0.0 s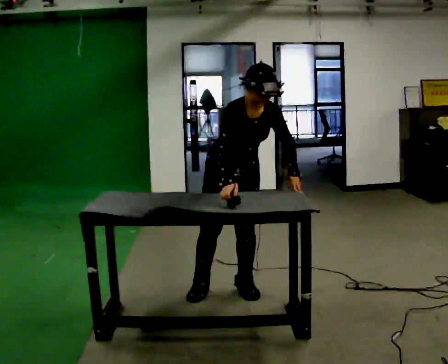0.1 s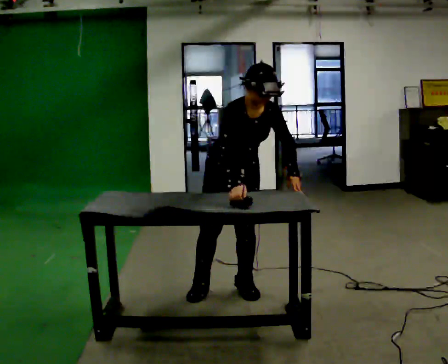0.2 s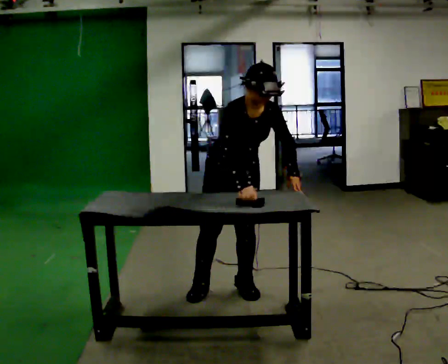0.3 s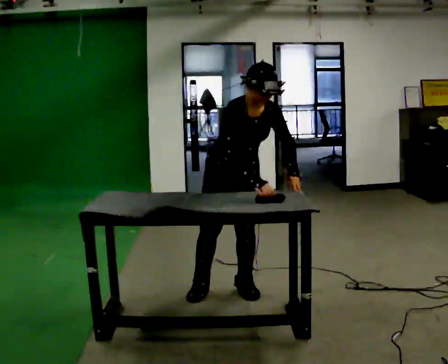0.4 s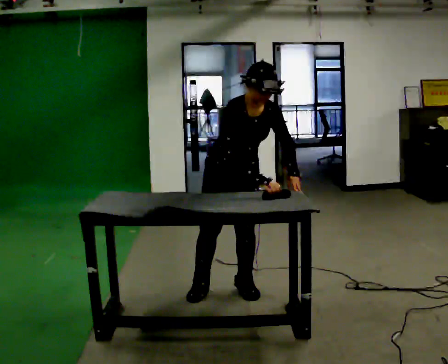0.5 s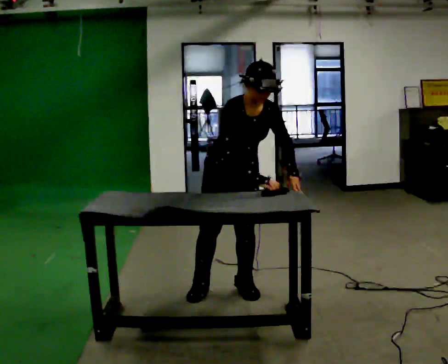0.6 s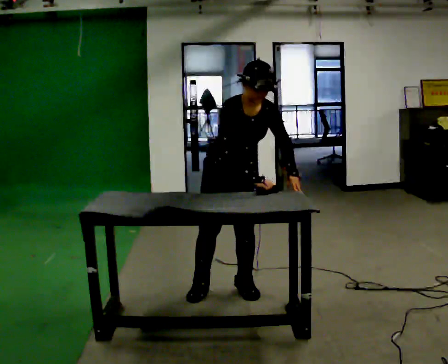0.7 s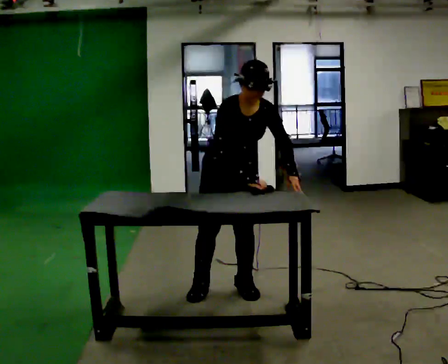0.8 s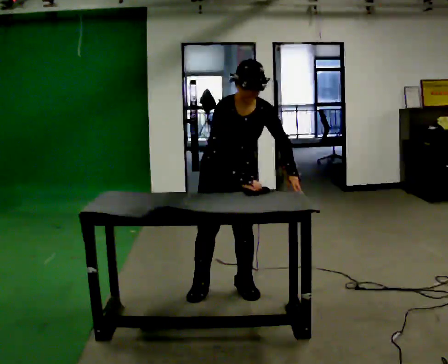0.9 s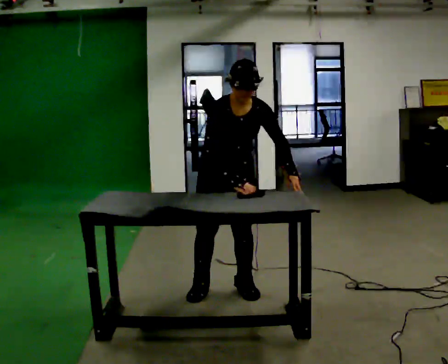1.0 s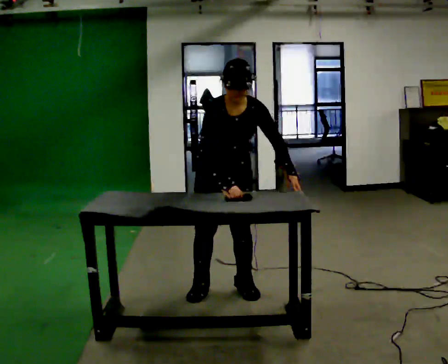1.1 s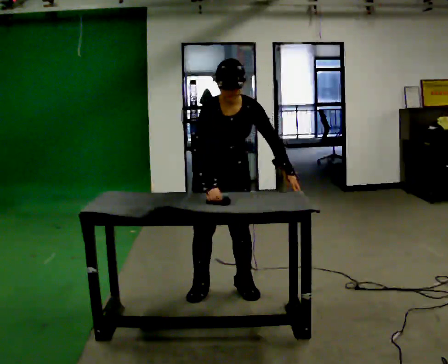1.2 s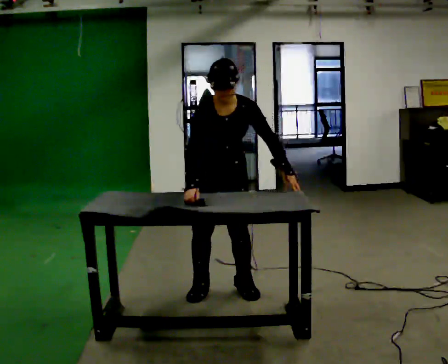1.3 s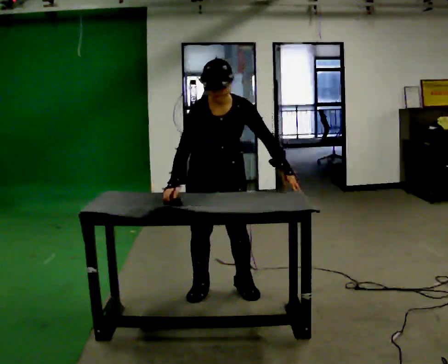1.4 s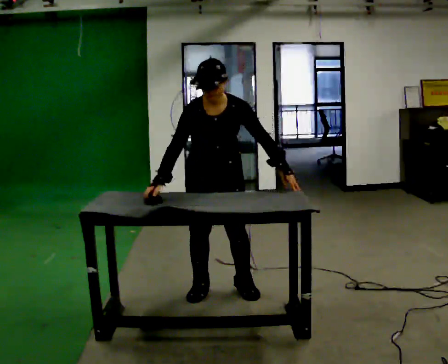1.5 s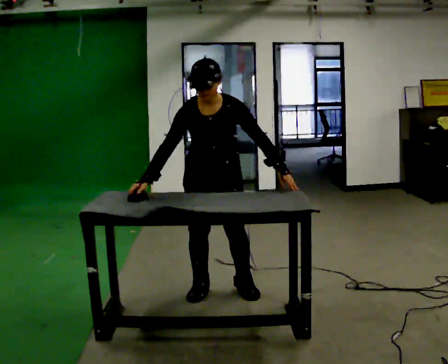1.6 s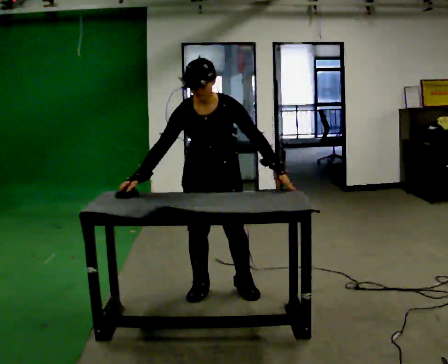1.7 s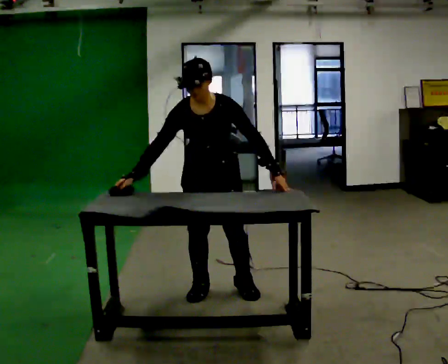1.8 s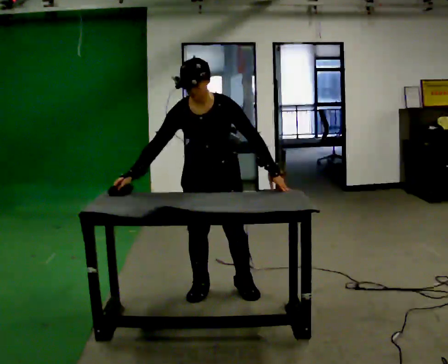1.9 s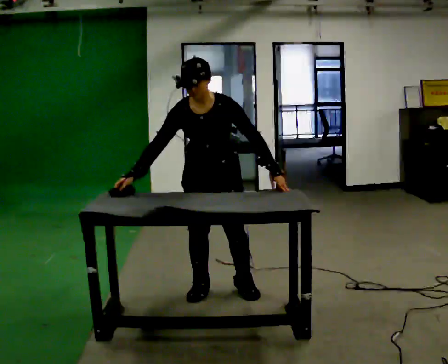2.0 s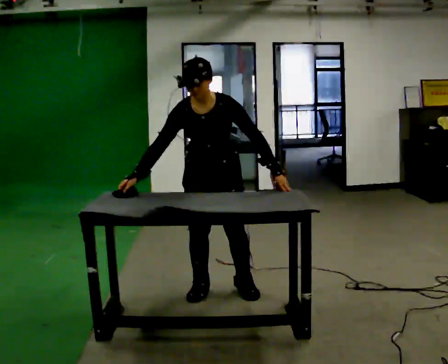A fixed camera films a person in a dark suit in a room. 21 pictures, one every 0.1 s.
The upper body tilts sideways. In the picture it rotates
counterclockwise.
0.0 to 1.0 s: The person moves a little, or ends about where they began.
1.0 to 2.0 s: In the picture the upper body tilts counterclockwise, shoulders to the left. In the picture their right hand goes to the left.
The film runs forward here.
